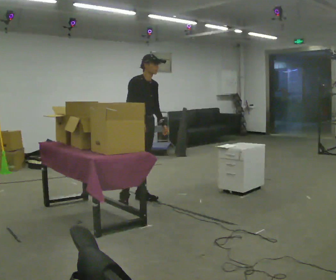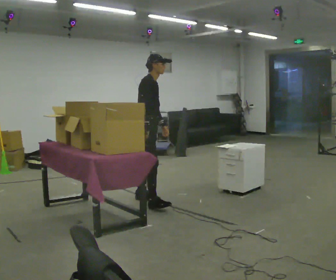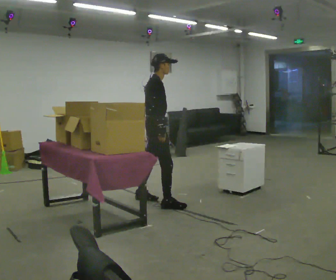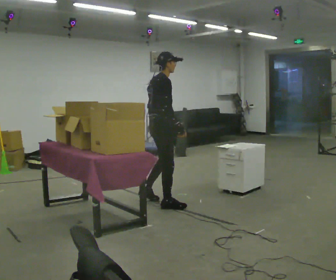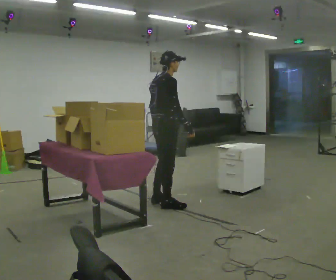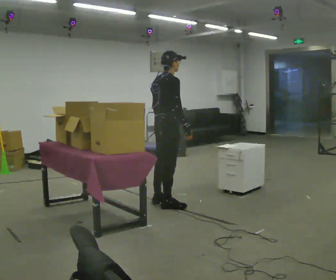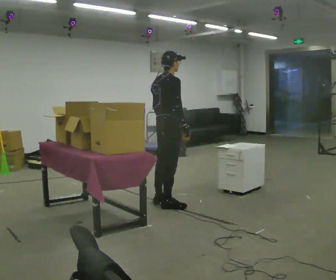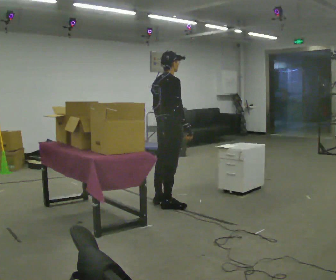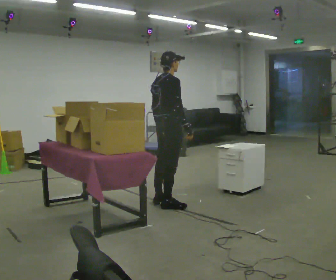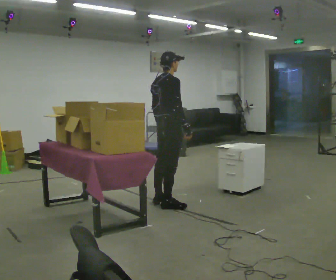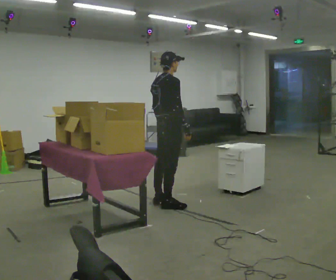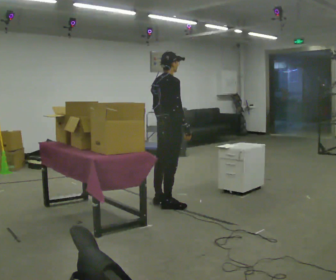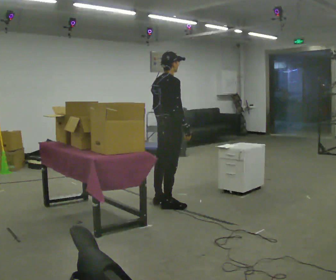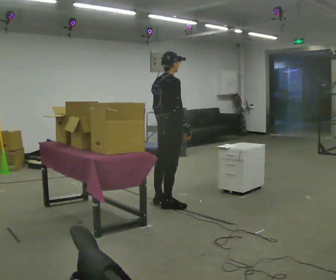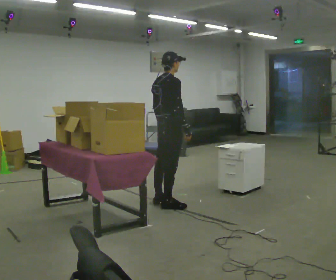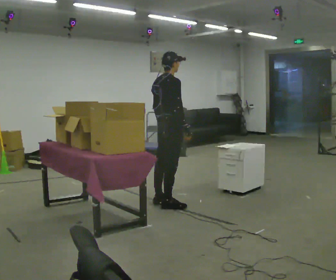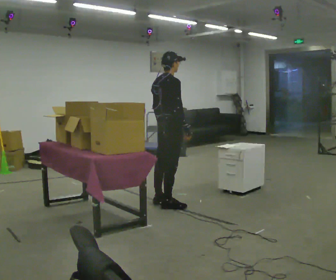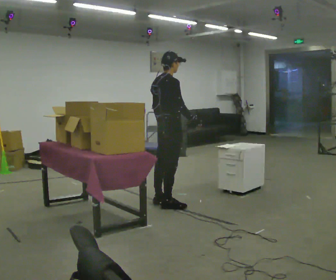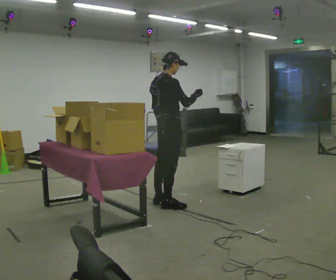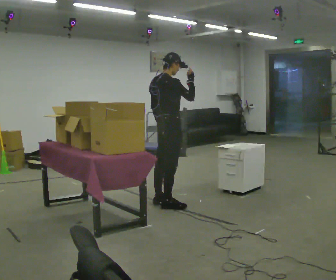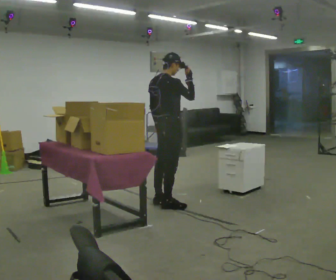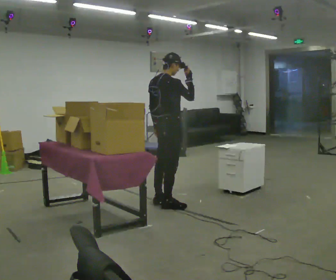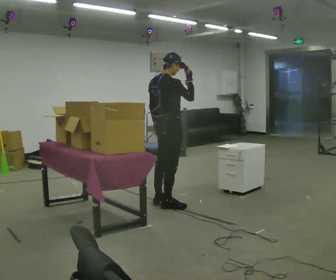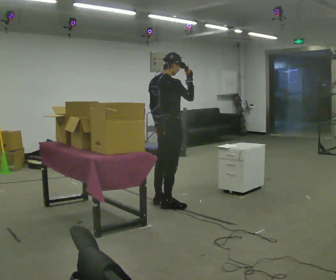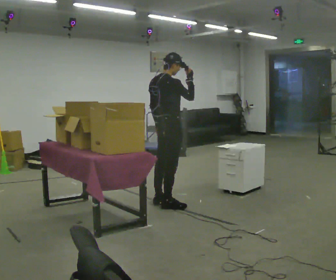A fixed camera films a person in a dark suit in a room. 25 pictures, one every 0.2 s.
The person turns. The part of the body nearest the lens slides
to the right.
The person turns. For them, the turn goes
to their left.
0.0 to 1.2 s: Seen from above the body turns counterclockwise, about 75 degrees: to their left, with its near side sliding to the right. In the picture they go toward the camera and to the right, about 0.5 m in 2 steps.
1.2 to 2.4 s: The person moves a little, or ends about where they began.
2.4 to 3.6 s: In the picture their right hand goes upward, the arm swinging counterclockwise.
3.6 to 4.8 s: The person moves a little, or ends about where they began.
The film runs forward here.
